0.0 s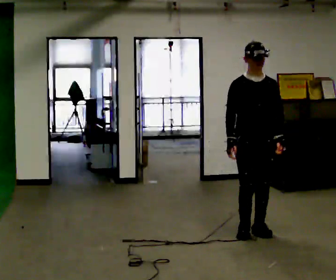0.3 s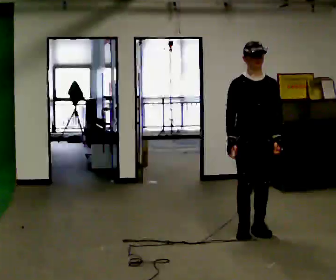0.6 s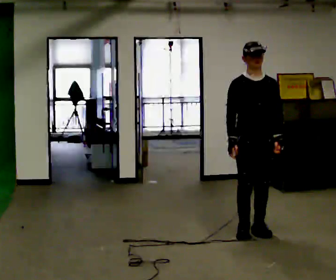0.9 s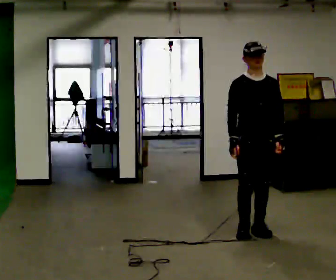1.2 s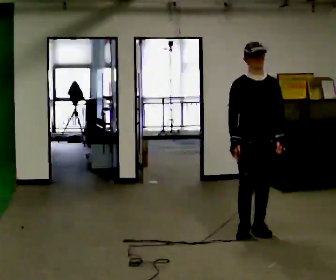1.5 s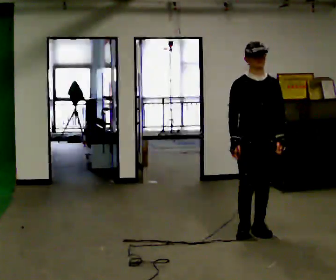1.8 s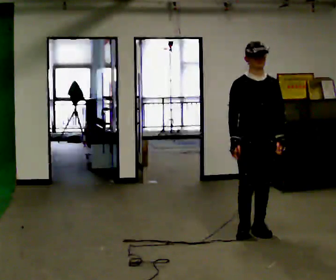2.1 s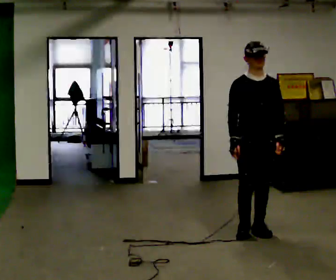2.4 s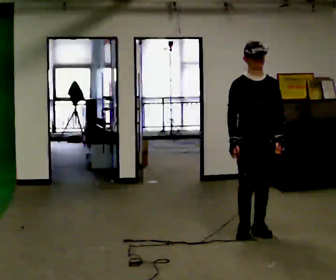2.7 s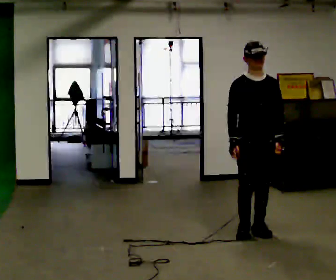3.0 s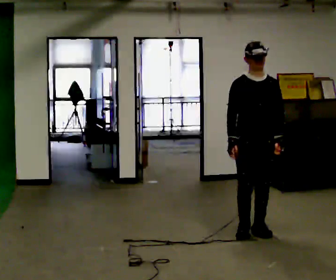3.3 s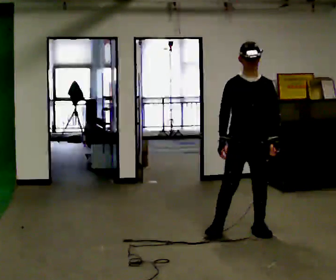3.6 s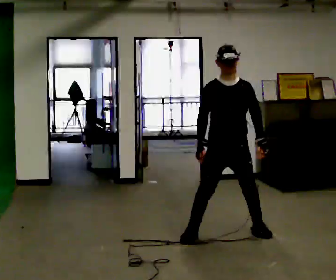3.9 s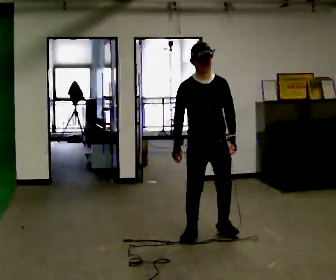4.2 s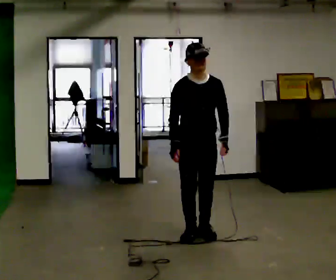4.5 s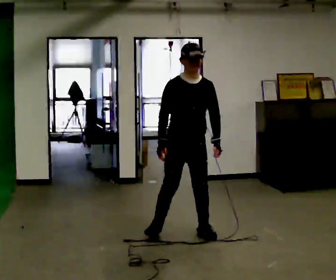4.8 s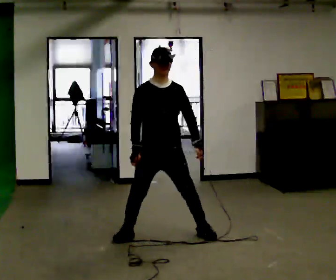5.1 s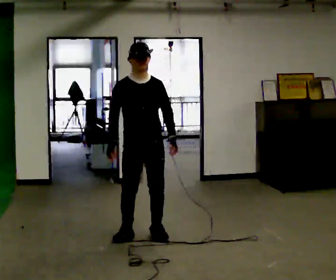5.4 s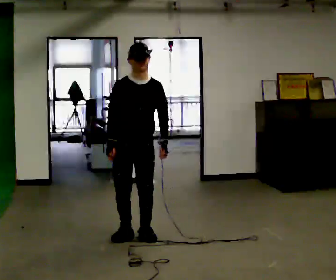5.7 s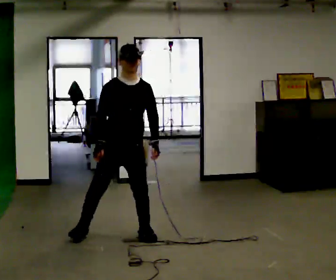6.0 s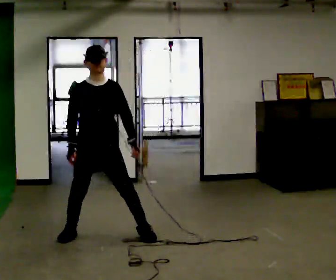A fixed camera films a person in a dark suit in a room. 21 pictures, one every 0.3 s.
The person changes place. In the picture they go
to the left.
0.0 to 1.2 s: The person moves a little, or ends about where they began.
1.2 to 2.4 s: The person keeps their place and pose.
2.4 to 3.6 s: In the picture they go to the left, about 0.25 m in 1 step, which for them is to their right.
3.6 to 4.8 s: In the picture they go to the left, about 0.5 m in 2 steps, which for them is to their right.
4.8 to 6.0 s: In the picture they go to the left, about 0.5 m in 2 steps, which for them is to their right.
The film runs forward here.
